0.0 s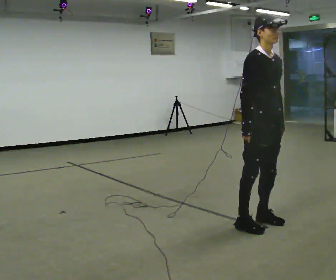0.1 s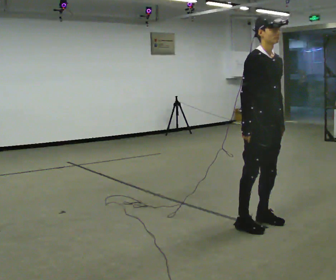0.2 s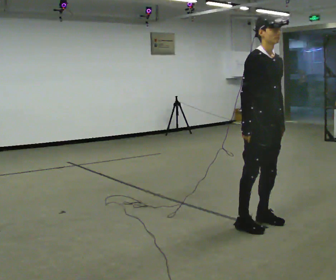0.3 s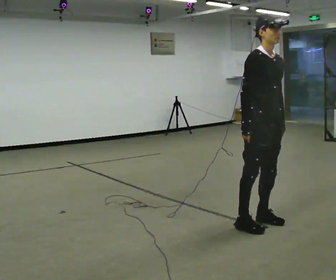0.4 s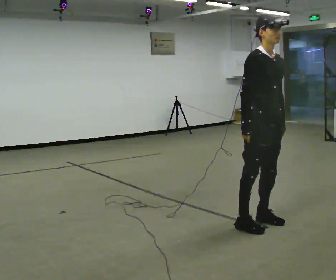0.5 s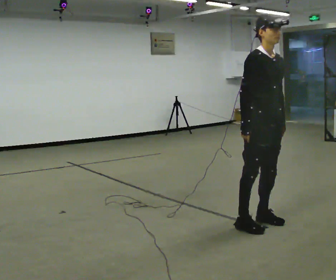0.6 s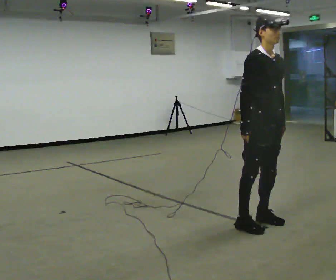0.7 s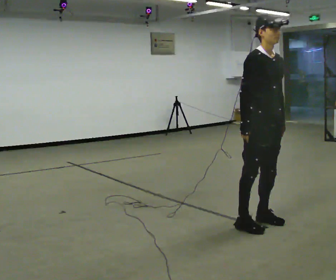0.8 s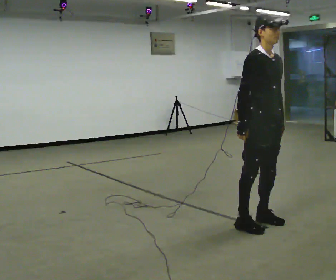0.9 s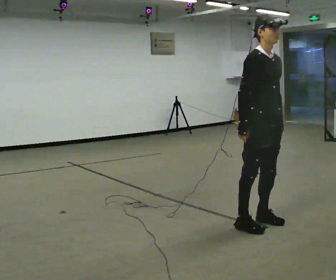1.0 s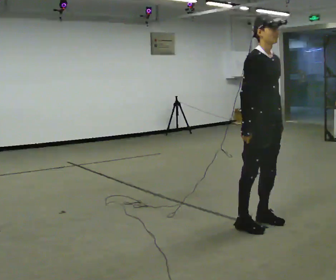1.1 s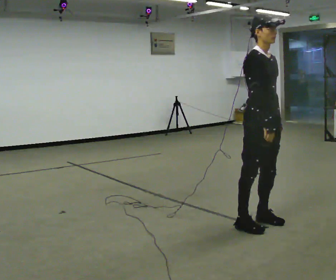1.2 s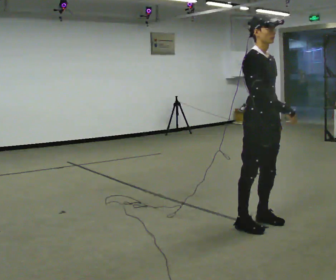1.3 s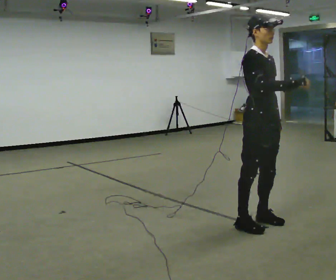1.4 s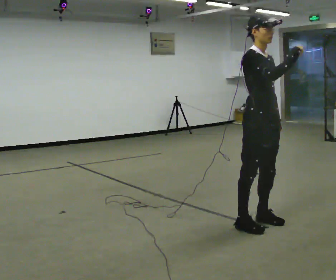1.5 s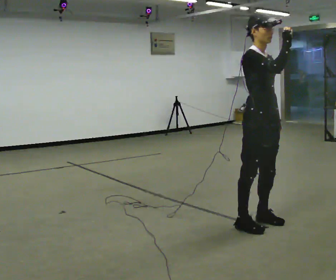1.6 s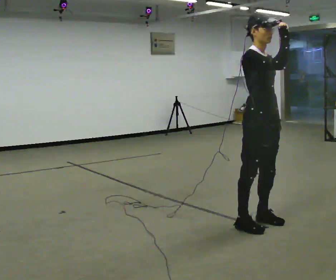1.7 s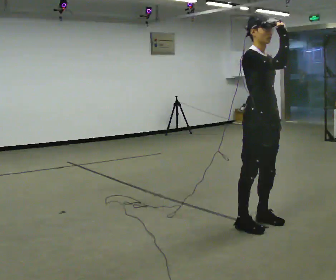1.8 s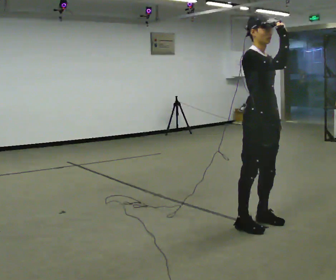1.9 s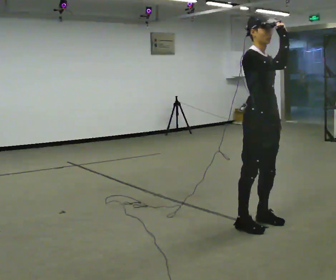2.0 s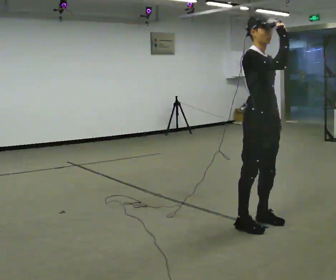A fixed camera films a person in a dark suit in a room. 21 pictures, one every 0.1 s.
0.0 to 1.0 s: The person moves a little, or ends about where they began.
1.0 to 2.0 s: In the picture their right hand goes upward and to the right.
The film runs backward here.
